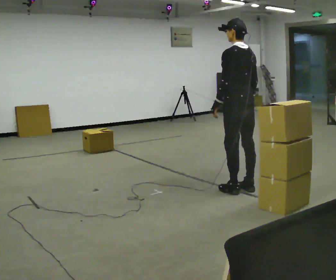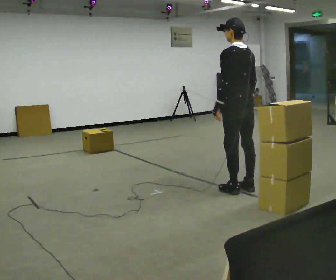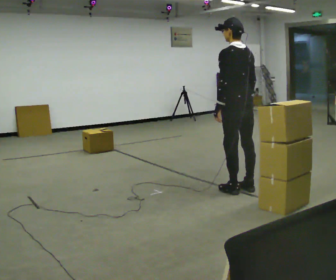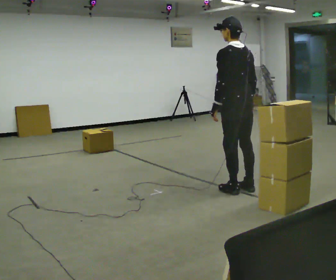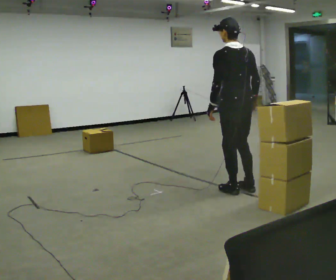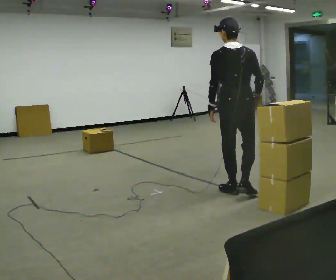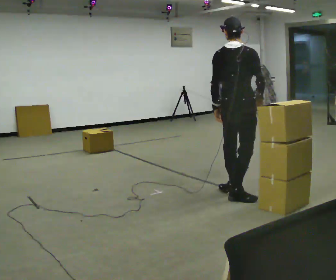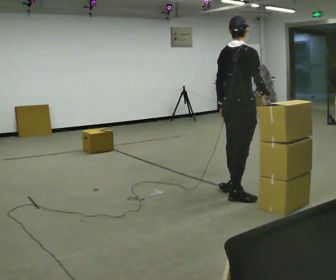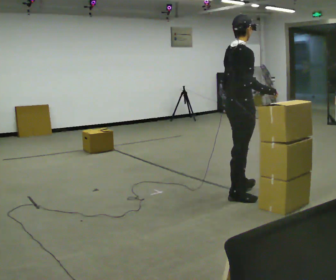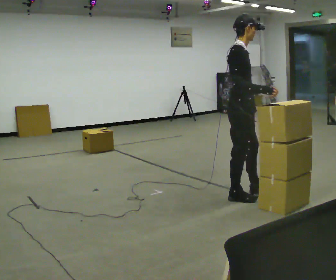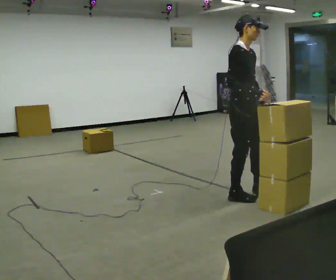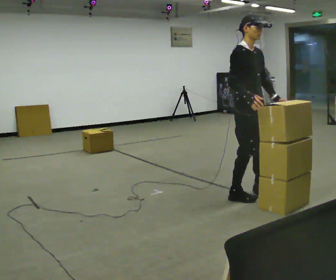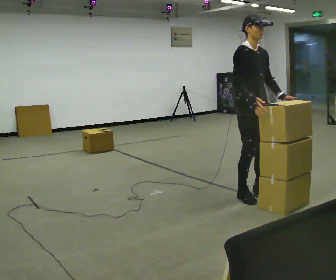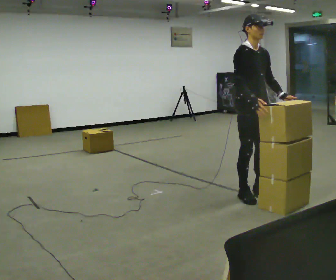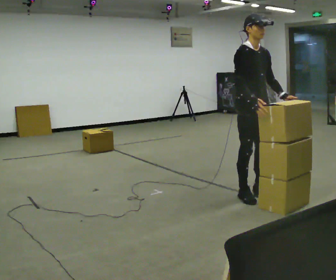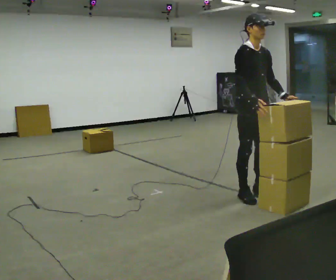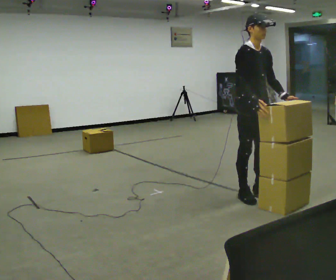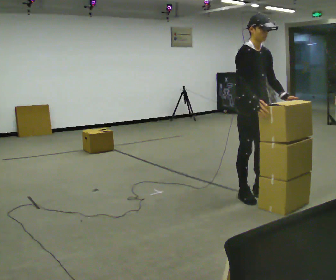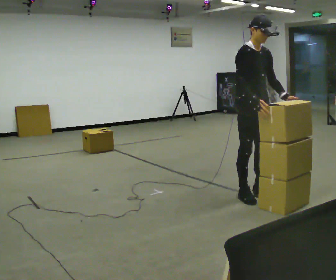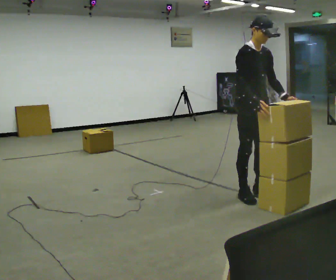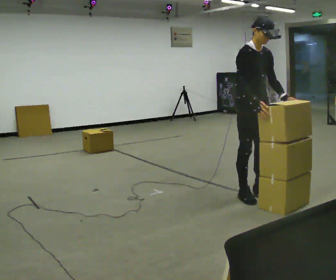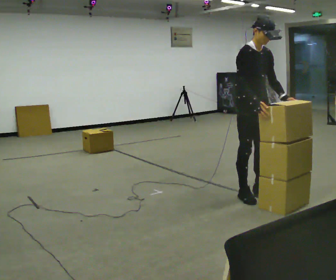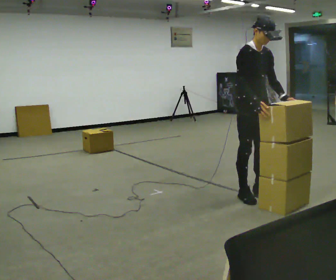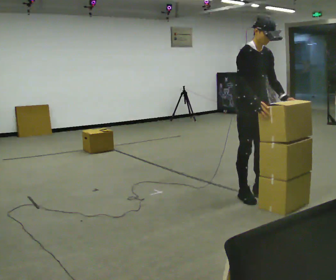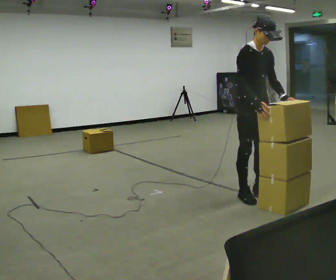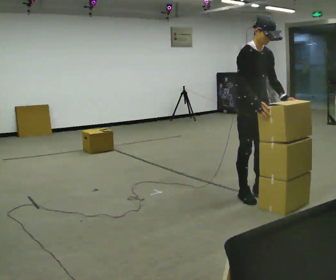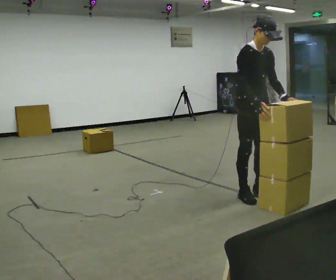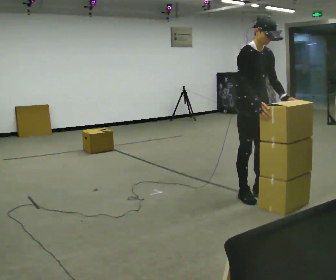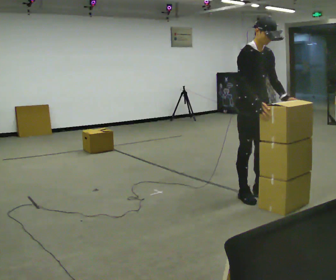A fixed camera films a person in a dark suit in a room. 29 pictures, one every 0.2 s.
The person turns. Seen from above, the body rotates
clockwise.
Their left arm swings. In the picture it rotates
counterclockwise.
0.0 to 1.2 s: The person turns about 60 degrees to their right, clockwise seen from above, so the part of the body nearest the lens slides to the left. In the picture they go toward the camera, about 0.25 m in 1 step, which for them is to their left and backward.
1.2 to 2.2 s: The person turns about 105 degrees to their right, clockwise seen from above, so the part of the body nearest the lens slides to the left.
2.2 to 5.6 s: The person moves a little, or ends about where they began.
The film runs backward here.
